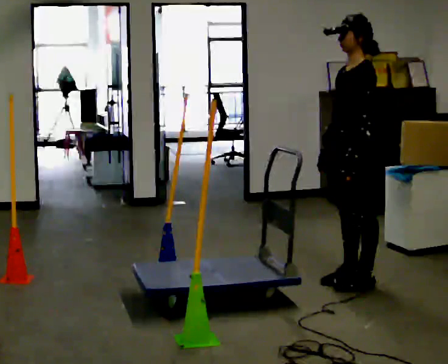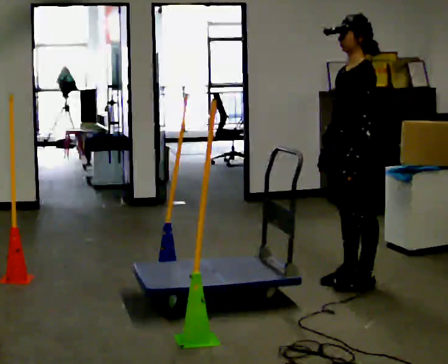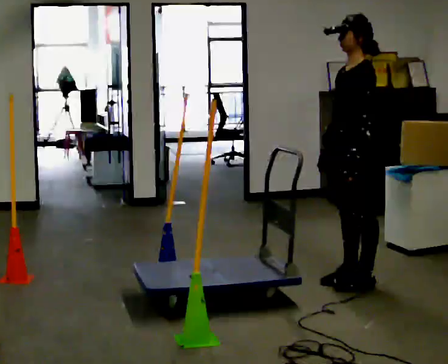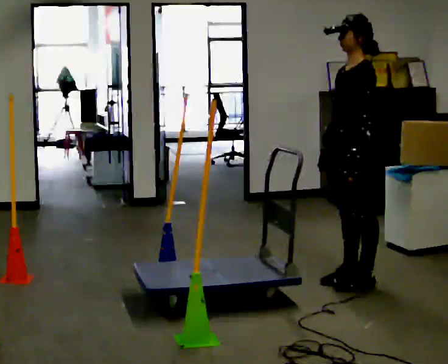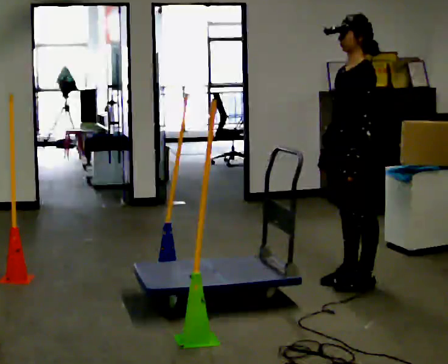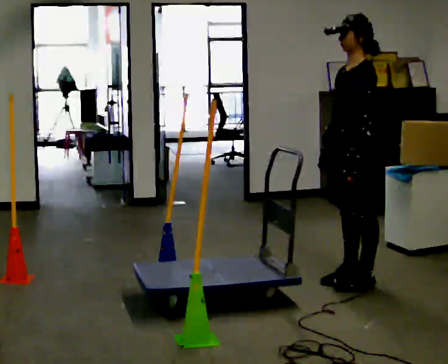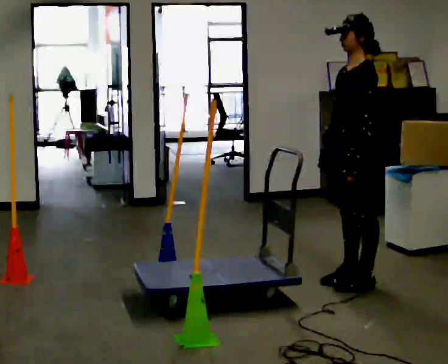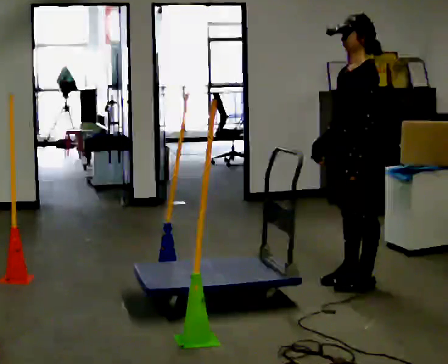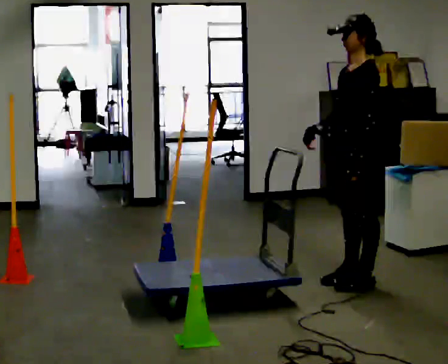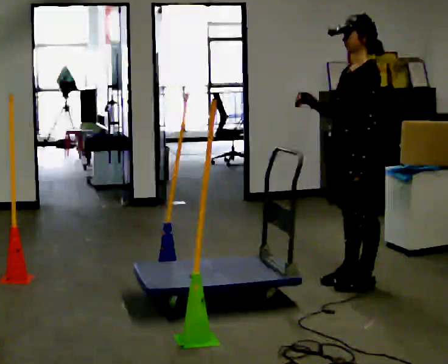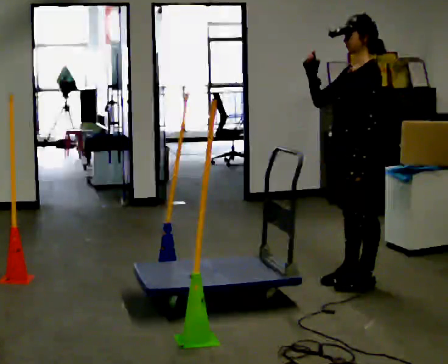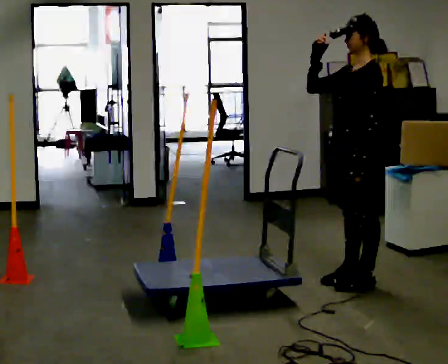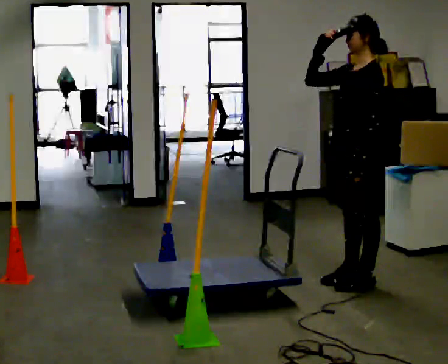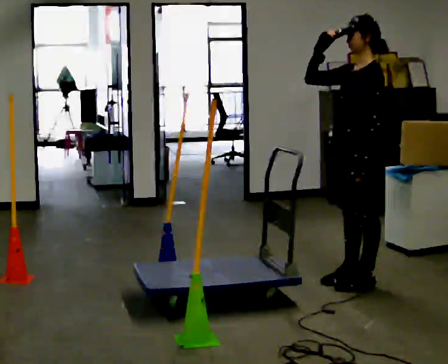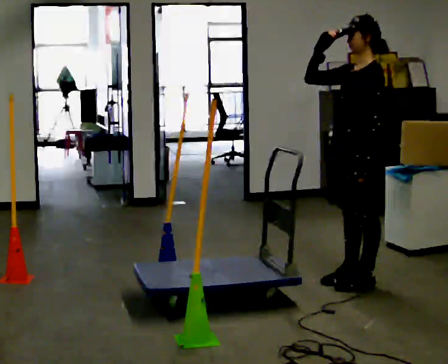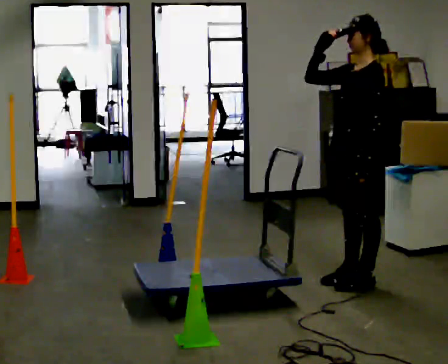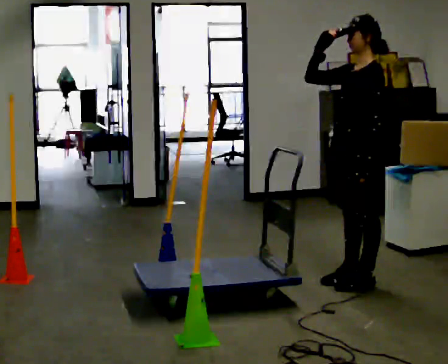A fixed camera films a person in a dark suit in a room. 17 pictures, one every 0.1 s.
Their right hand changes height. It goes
upward.
0.0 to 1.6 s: In the picture their right hand goes upward.
The film runs forward here.
